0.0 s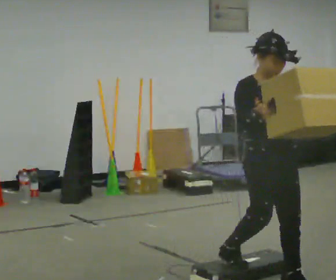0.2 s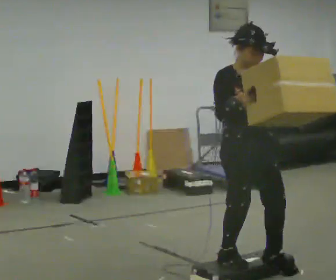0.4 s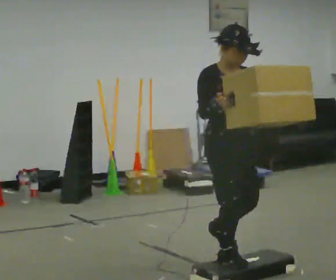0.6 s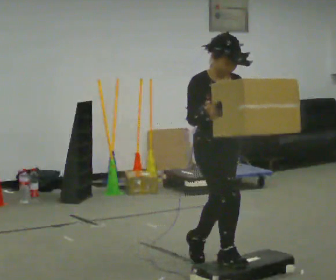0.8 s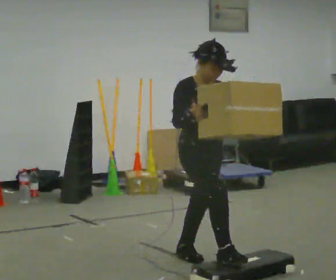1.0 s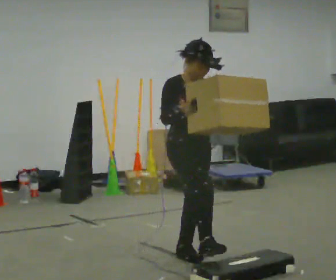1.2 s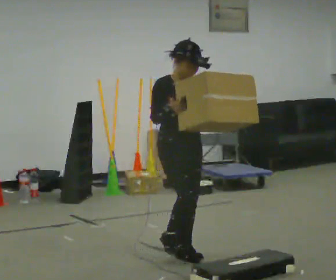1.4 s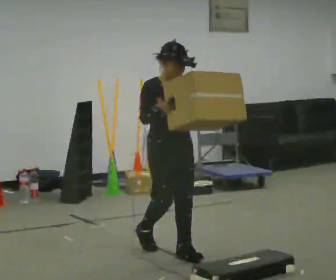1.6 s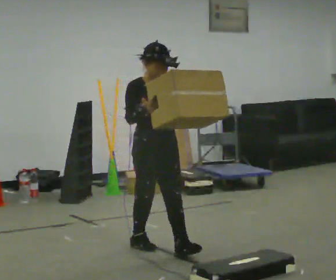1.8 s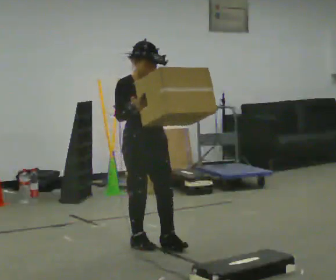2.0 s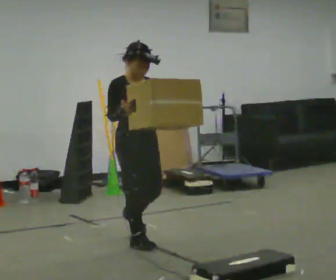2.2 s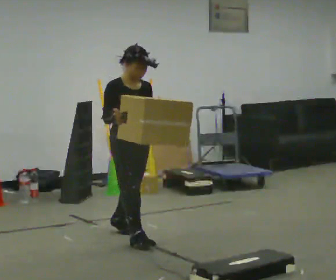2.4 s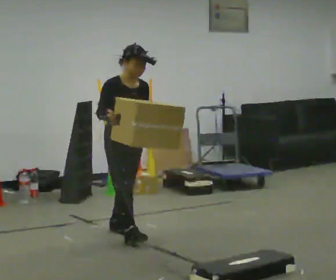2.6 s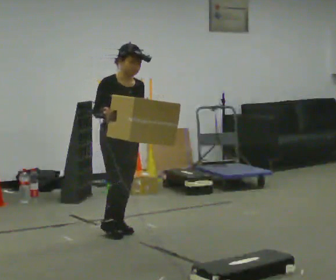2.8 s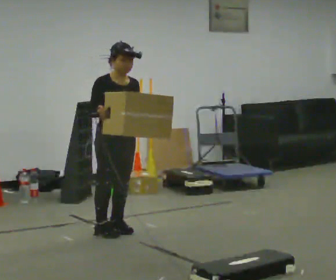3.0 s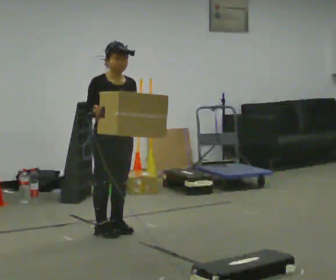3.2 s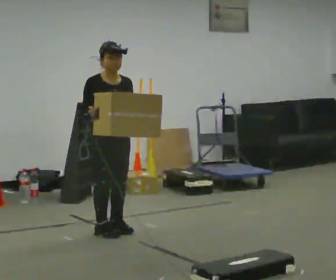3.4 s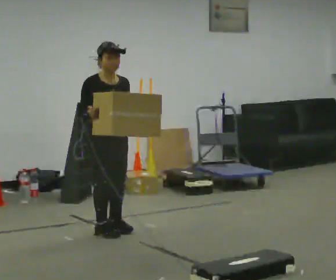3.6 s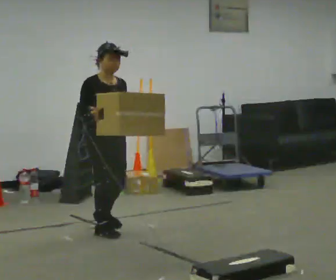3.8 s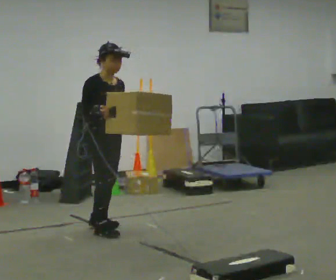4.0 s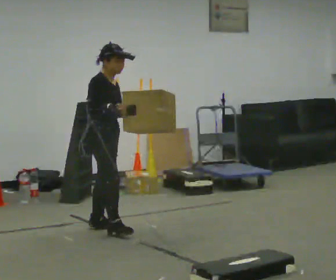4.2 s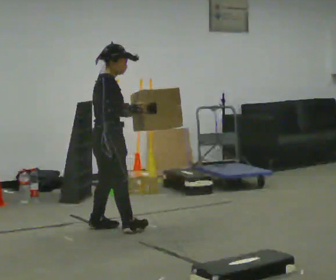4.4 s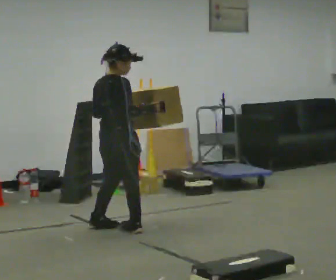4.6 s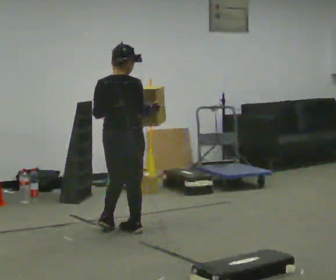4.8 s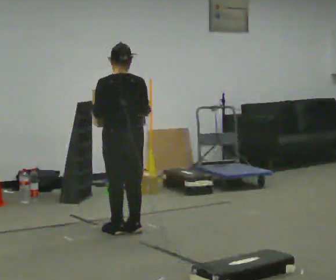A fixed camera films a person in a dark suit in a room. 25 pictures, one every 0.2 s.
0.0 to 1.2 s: In the picture they go away from the camera and to the left, about 1 m in 2 steps, which for them is backward.
1.2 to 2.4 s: In the picture they go away from the camera and to the left, about 0.5 m in 2 steps, which for them is backward.
2.4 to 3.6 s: The person moves a little, or ends about where they began.
3.6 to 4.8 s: The person turns about 150 degrees to their left, counterclockwise seen from above, so the part of the body nearest the lens slides to the right. In the picture they go to the right, about 0.25 m in 2 steps. In the picture their right hand goes to the right.
The film runs backward here.
